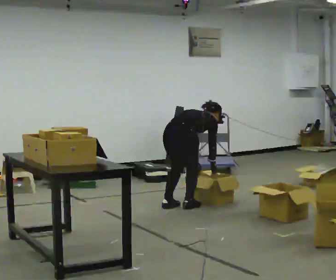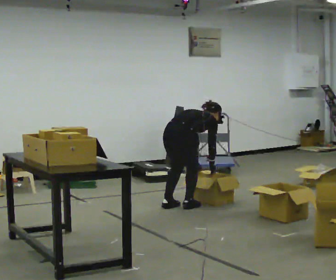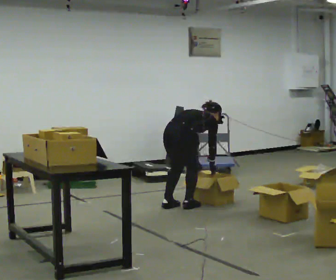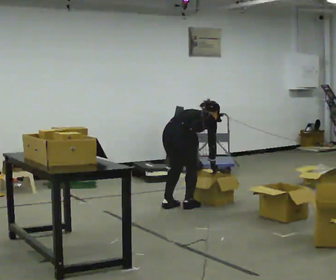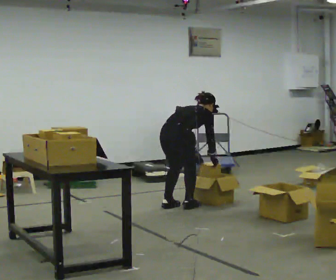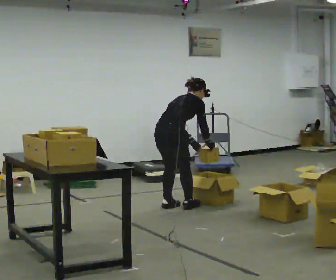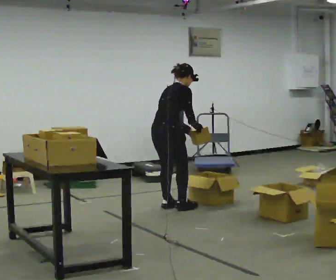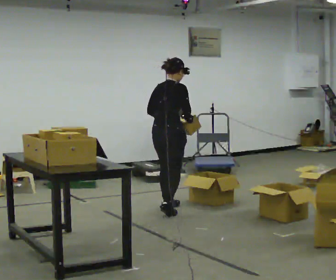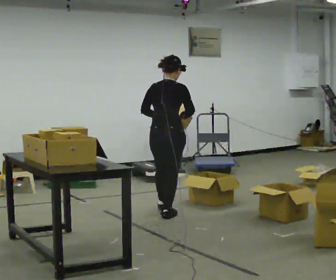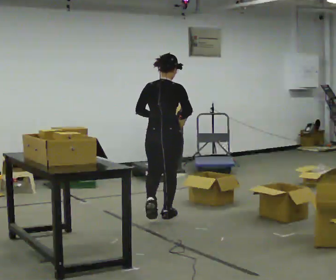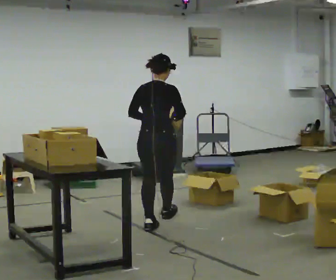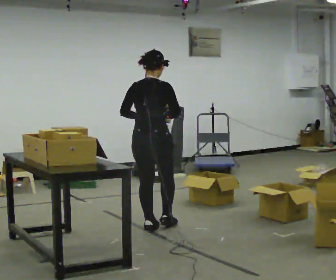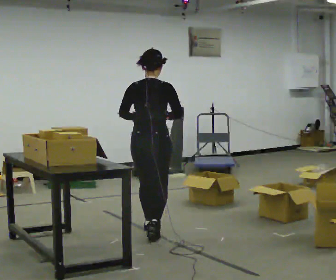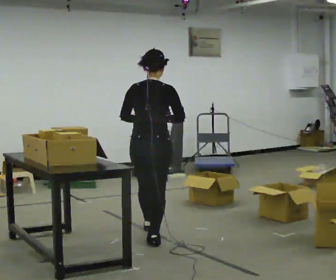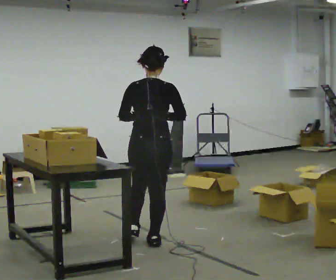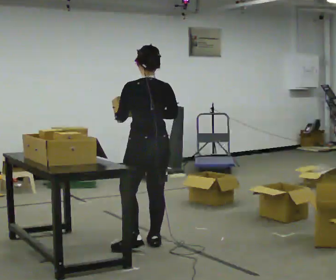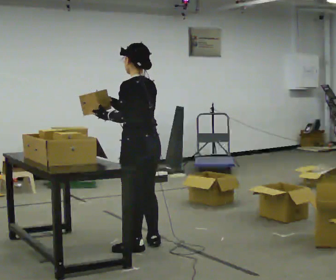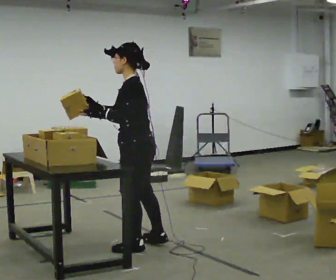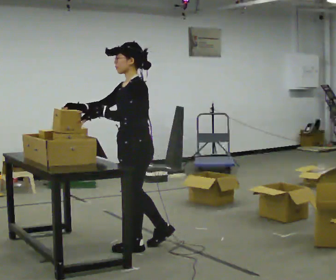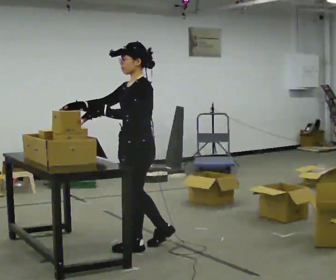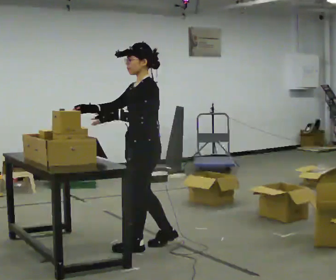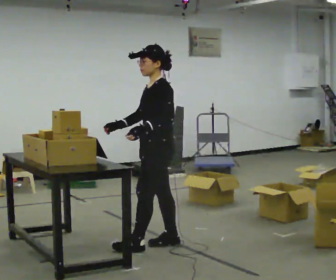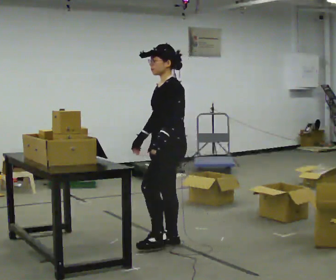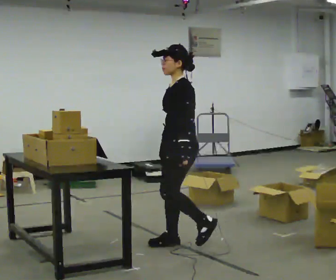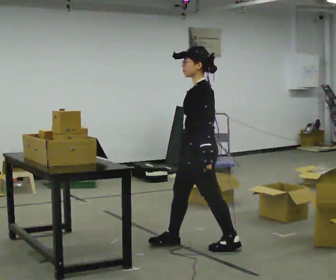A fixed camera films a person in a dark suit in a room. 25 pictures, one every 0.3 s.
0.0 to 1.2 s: The person moves a little, or ends about where they began.
1.2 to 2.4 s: In the picture they go toward the camera, about 0.25 m in 2 steps, which for them is backward and to their right. The upper body goes upward. In the picture the upper body tilts counterclockwise, shoulders to the left, as they lean back or straighten. In the picture their right hand goes upward.
2.4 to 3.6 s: In the picture they go toward the camera, about 0.75 m in 1 step, which for them is backward.
3.6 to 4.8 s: The person turns about 75 degrees to their left, counterclockwise seen from above, so the part of the body nearest the lens slides to the right. In the picture they go toward the camera, about 0.5 m in 1 step.
4.8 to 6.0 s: Seen from above the body turns counterclockwise, about 45 degrees: to their left, with its near side sliding to the right.
6.0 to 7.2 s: In the picture they go to the right, about 0.5 m in 1 step, which for them is backward. In the picture their right hand goes downward, the arm swinging counterclockwise.
The film runs backward here.
